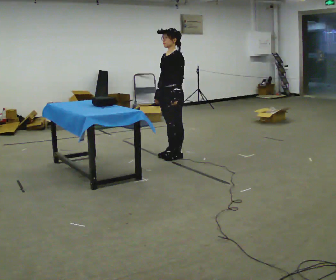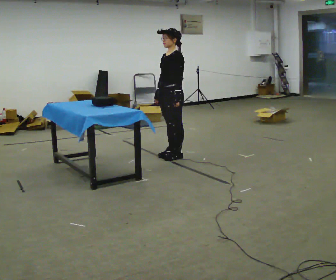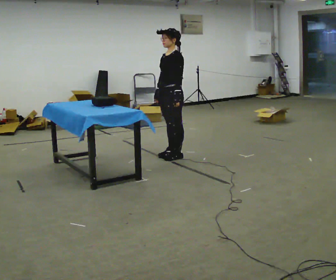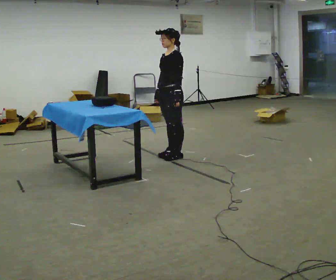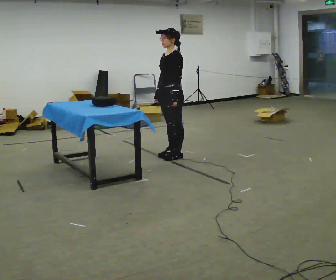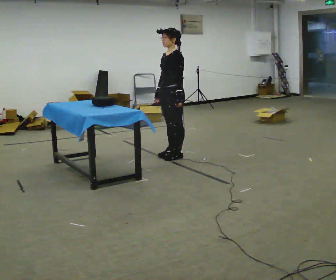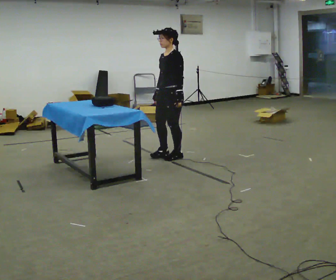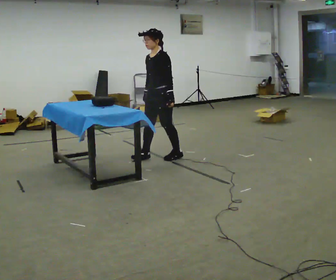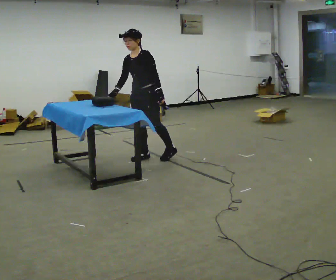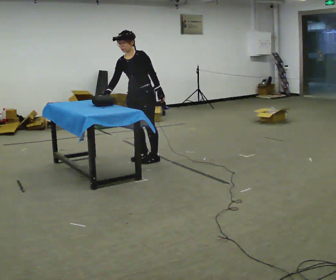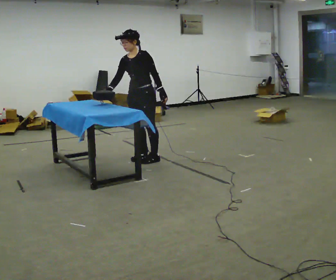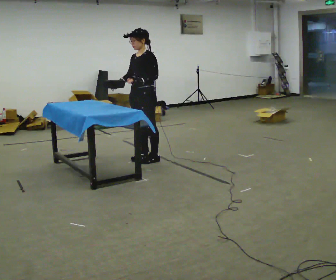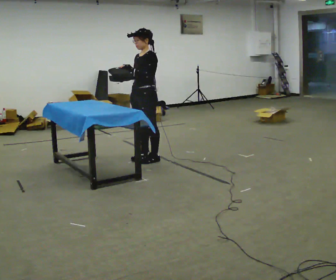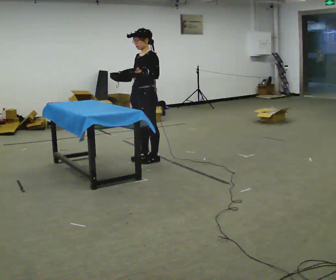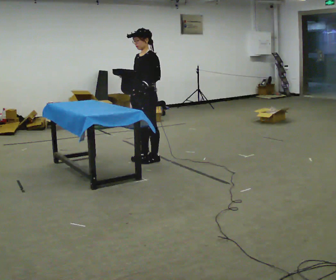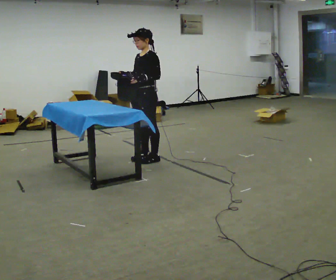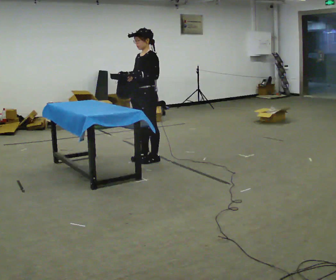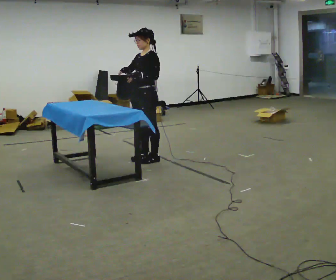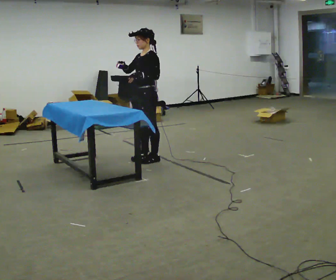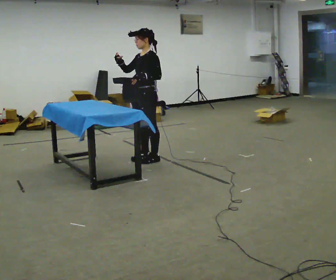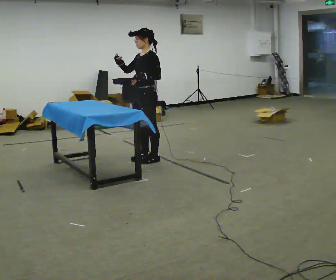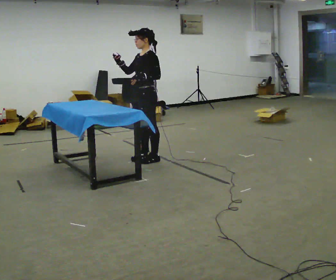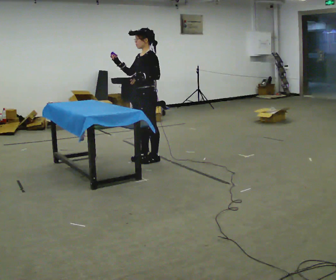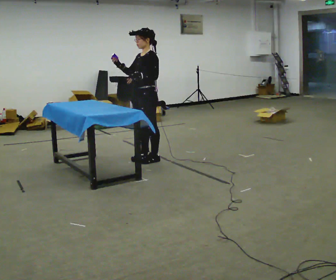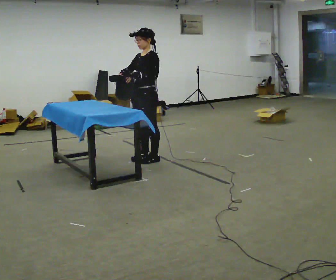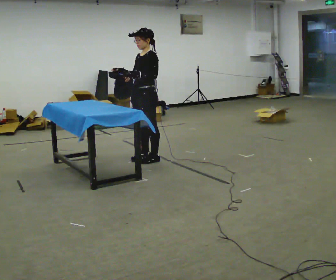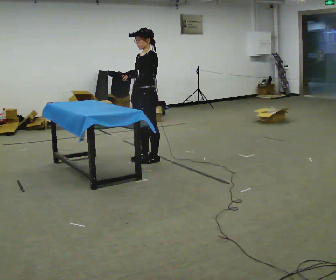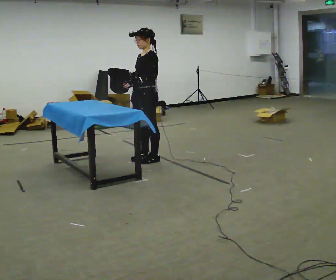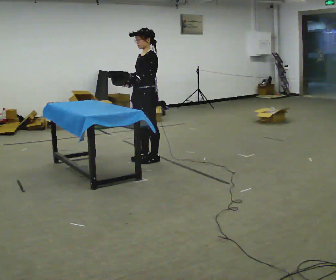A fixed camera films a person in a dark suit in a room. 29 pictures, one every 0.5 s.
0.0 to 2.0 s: The person moves a little, or ends about where they began.
2.0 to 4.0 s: In the picture they go to the left, about 0.25 m in 2 steps, which for them is forward.
4.0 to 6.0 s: In the picture their left hand goes to the left.
6.0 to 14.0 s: The person moves a little, or ends about where they began.
The film runs backward here.
